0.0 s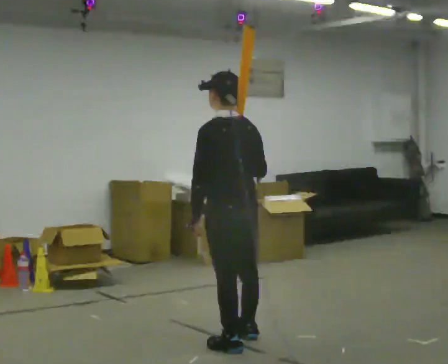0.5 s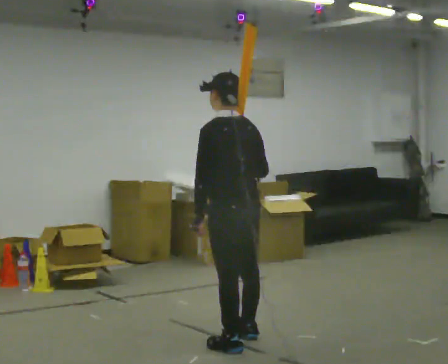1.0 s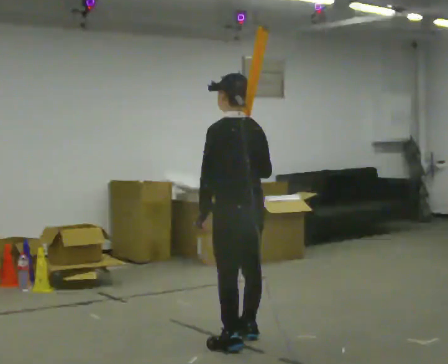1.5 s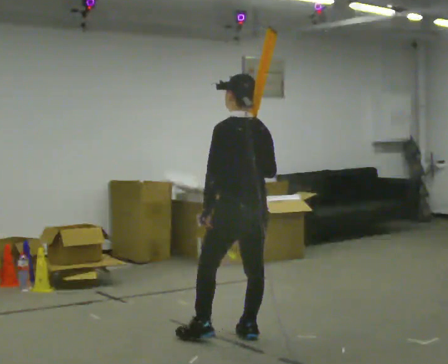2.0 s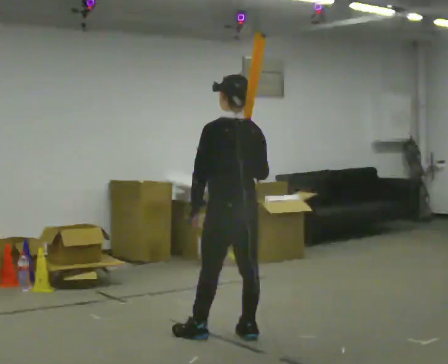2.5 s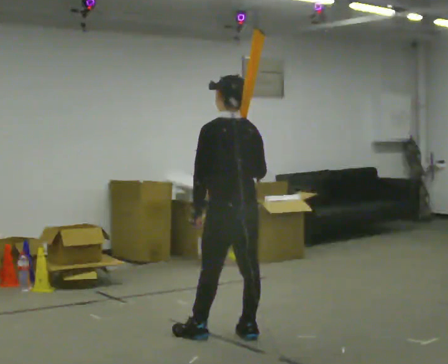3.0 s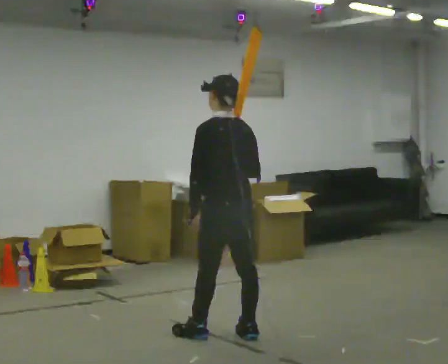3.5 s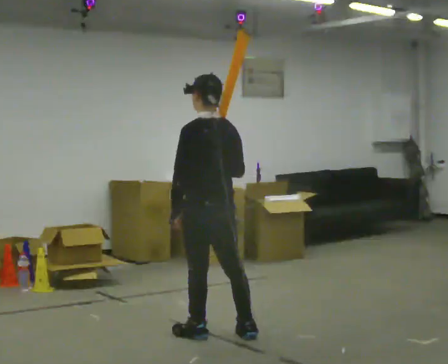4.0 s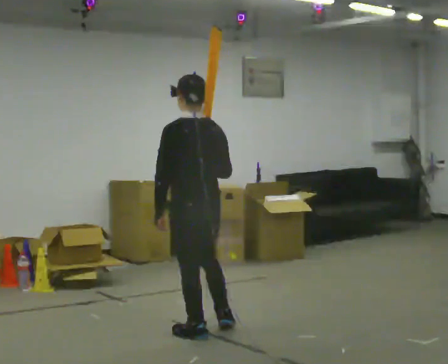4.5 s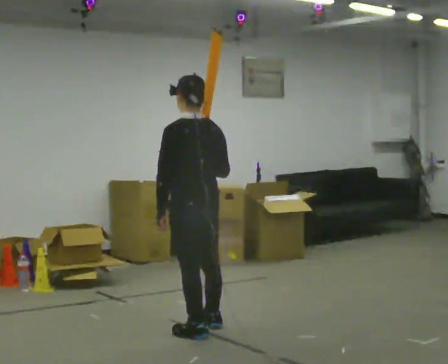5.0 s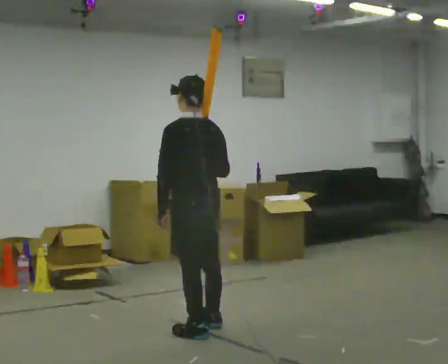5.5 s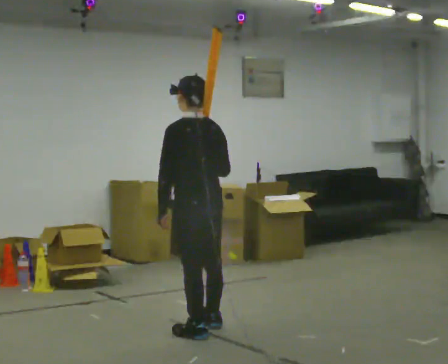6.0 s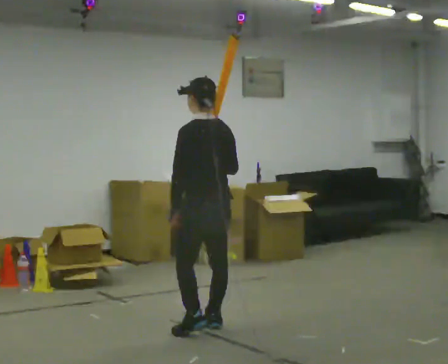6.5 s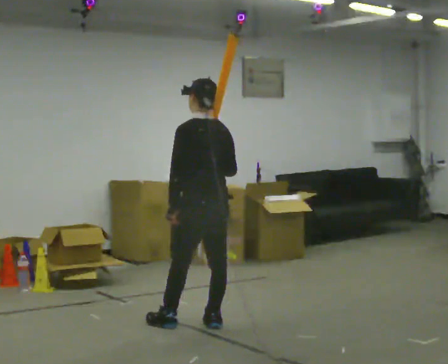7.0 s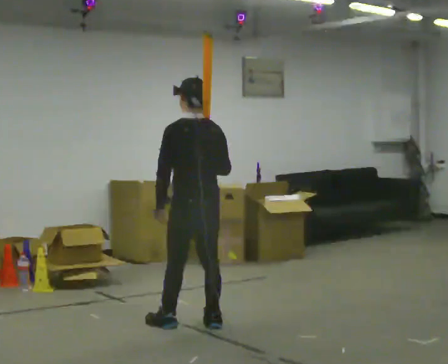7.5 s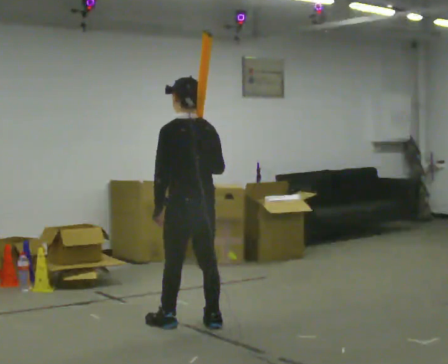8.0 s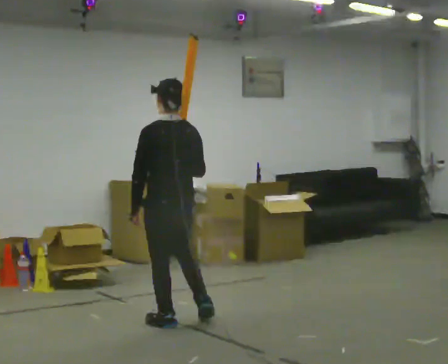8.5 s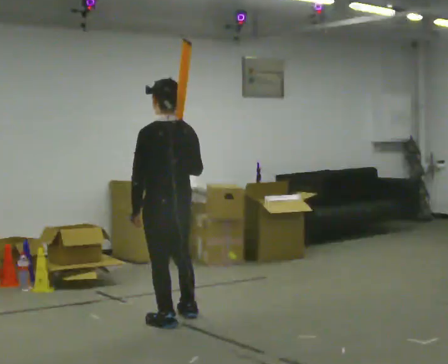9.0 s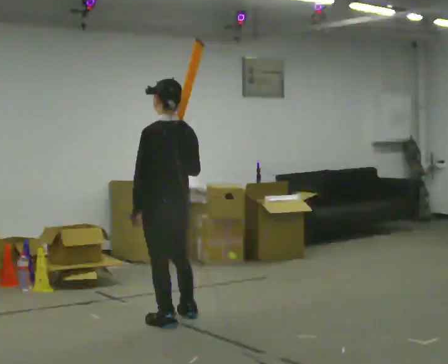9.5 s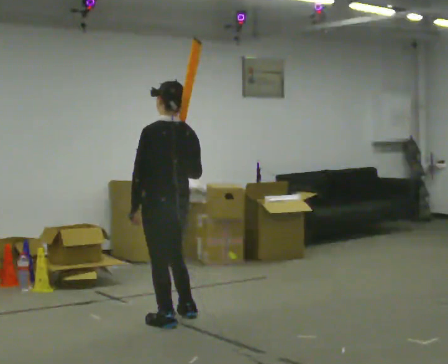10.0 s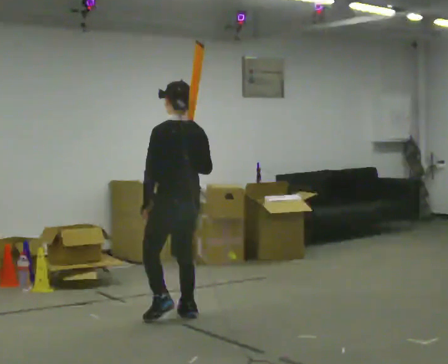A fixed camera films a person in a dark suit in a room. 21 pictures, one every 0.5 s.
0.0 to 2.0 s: In the picture they go away from the camera, about 0.25 m in 1 step, which for them is forward and to their right.
2.0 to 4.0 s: In the picture they go to the left, about 0.25 m, which for them is to their left and forward.
4.0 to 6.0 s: In the picture they go away from the camera, about 0.25 m in 1 step, which for them is to their right and forward.
6.0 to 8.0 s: In the picture they go to the left, about 0.25 m in 1 step, which for them is to their left and forward.
8.0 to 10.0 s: In the picture they go away from the camera, about 0.25 m in 1 step, which for them is to their right and forward.
The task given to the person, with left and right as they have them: Rest the long object on the shoulder the operator calls and carry it across the room, back and forth.
The film runs forward here.
